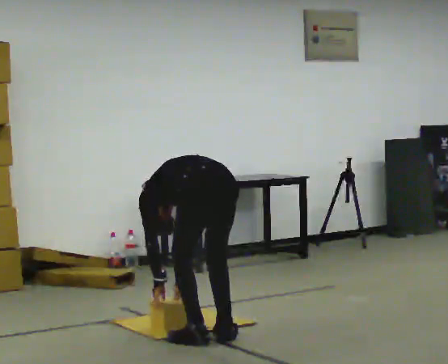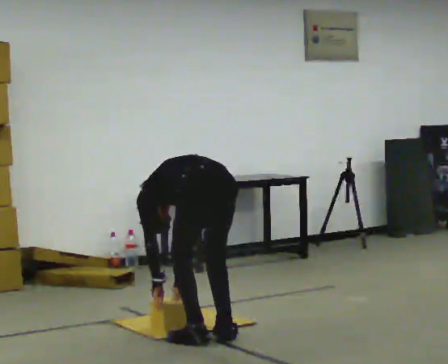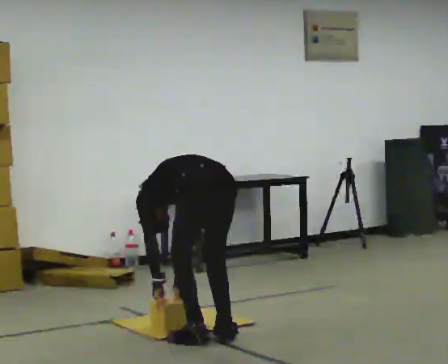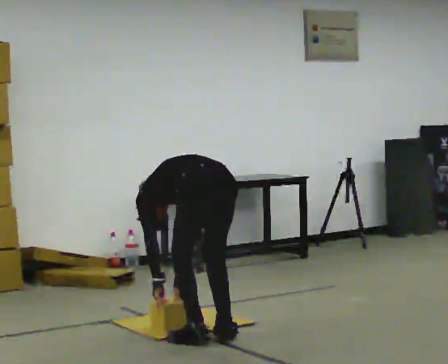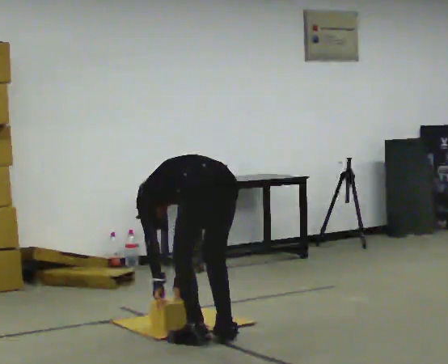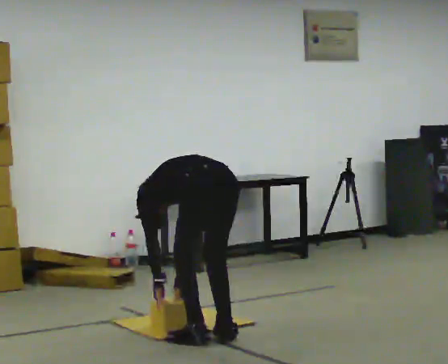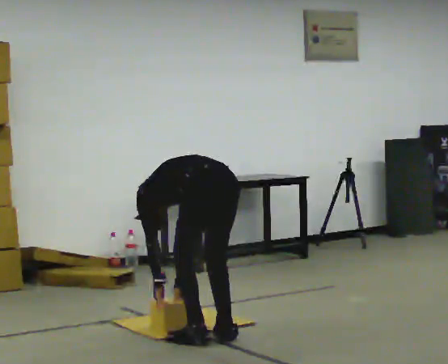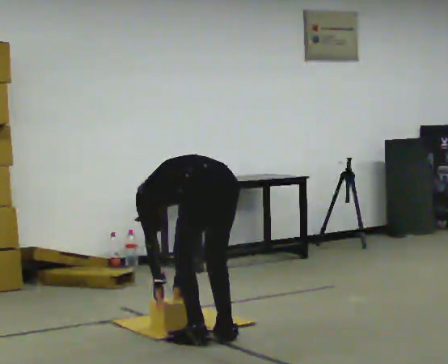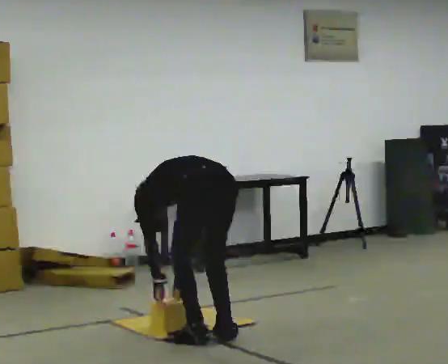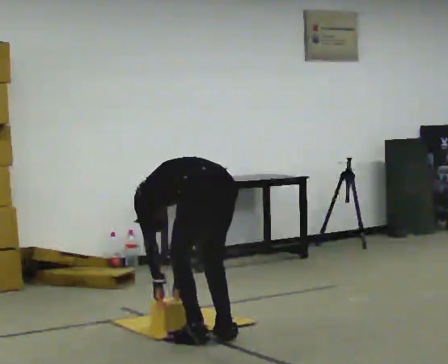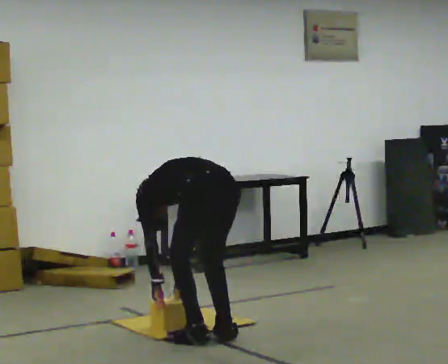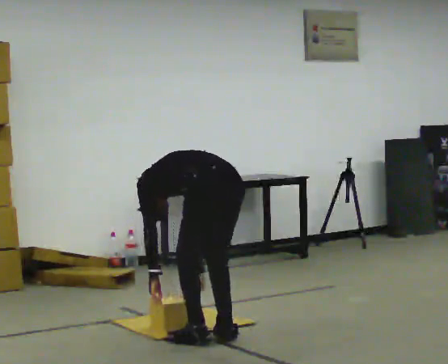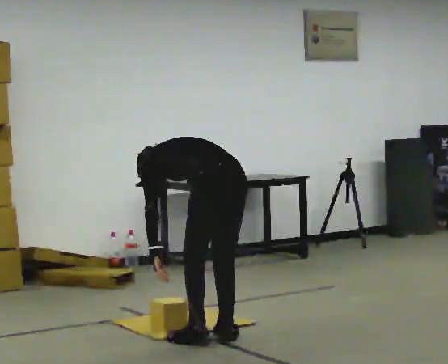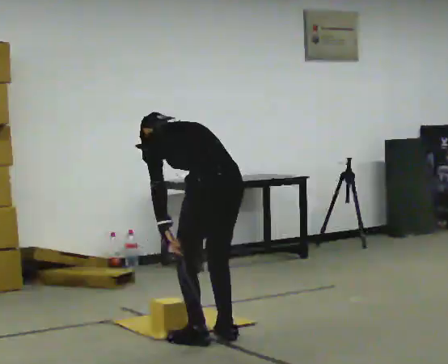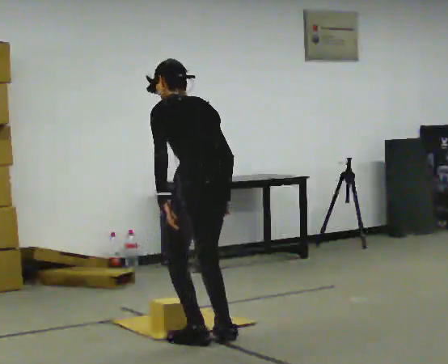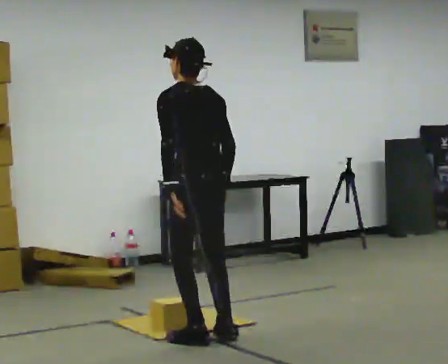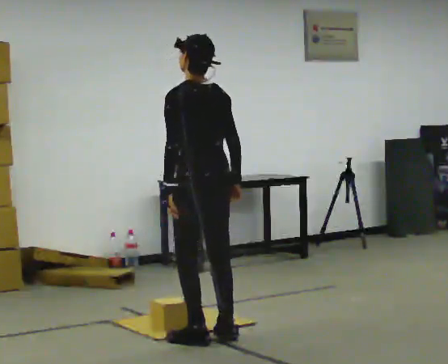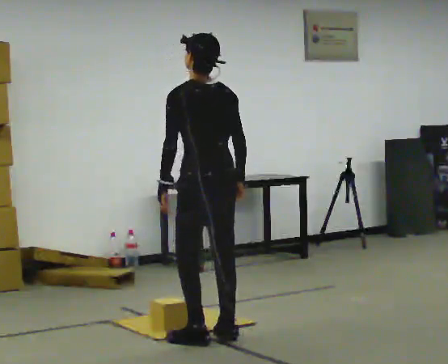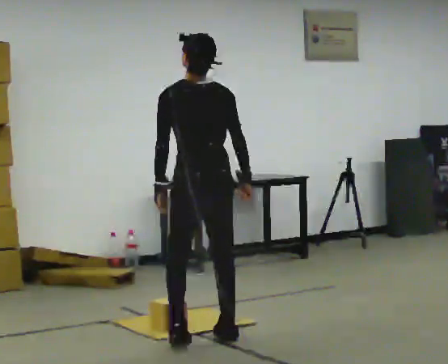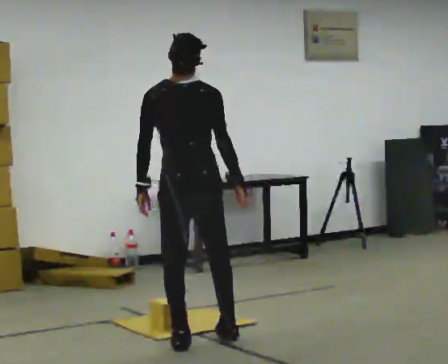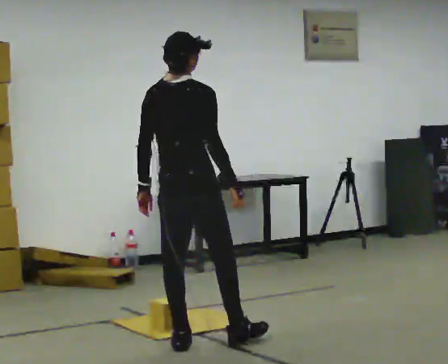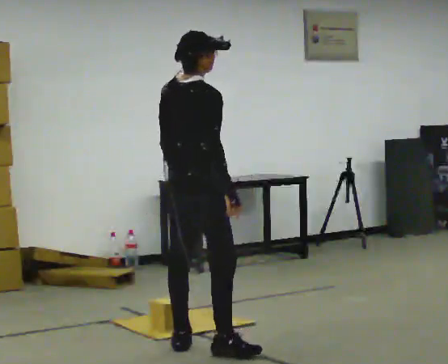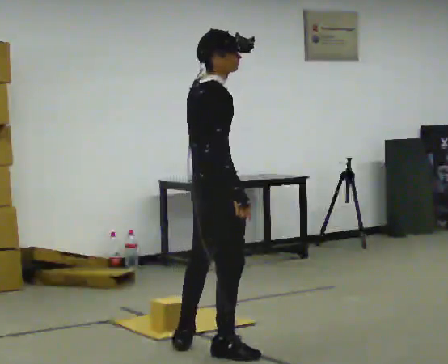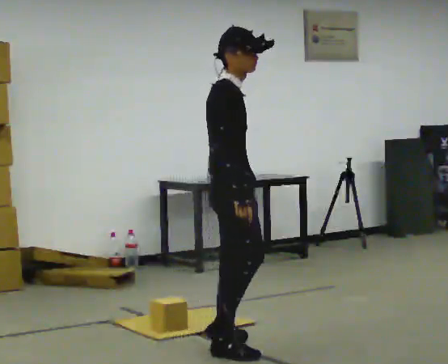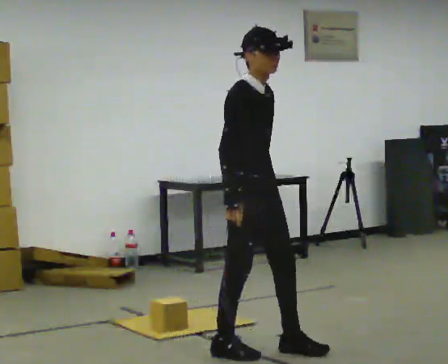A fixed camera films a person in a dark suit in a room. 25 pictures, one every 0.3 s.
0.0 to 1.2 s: The person moves a little, or ends about where they began.
1.2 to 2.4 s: The person keeps their place and pose.
2.4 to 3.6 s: The shoulders move upward. The upper body tips toward the camera, its near side rolling downward, as they lean back or straighten.
3.6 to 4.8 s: The upper body goes upward. The upper body tips toward the camera, its near side rolling downward, as they lean back or straighten. In the picture their left hand goes upward.
4.8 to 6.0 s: Seen from above the body turns clockwise, about 60 degrees: to their right, with its near side sliding to the left. In the picture they go toward the camera and to the left, about 0.25 m in 1 step.
6.0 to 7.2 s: The person turns about 90 degrees to their right, clockwise seen from above, so the part of the body nearest the lens slides to the left. In the picture they go to the right, about 0.25 m in 2 steps.
The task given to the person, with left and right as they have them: Carry the boxes over one at a time and lay them out on the pallet in the pattern the operator shows you. Keep going until the operator says stop; one object at a time, and do not rush between trips.
The film runs forward here.
